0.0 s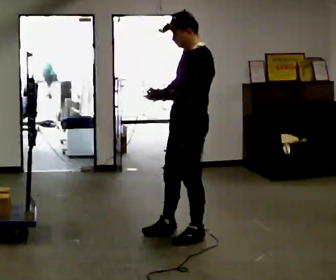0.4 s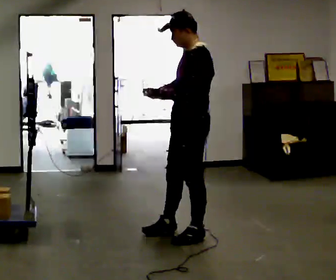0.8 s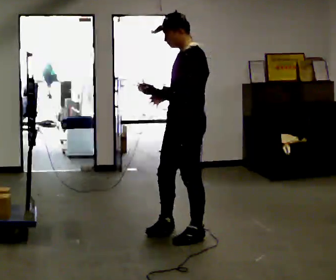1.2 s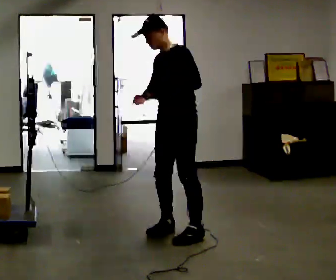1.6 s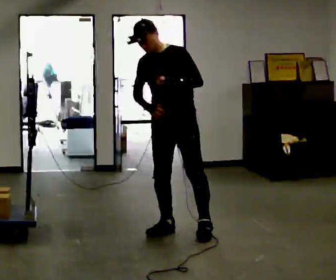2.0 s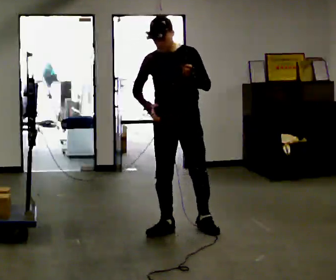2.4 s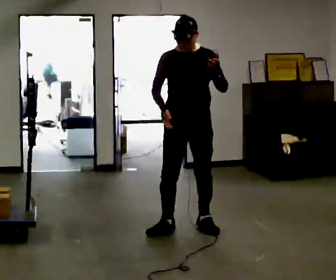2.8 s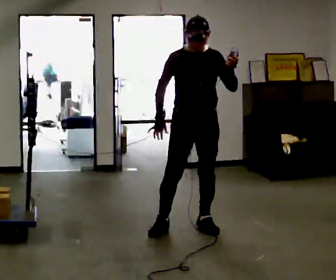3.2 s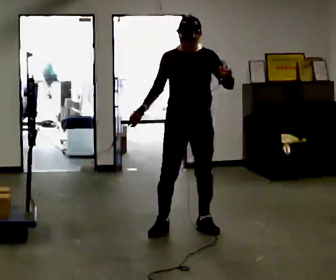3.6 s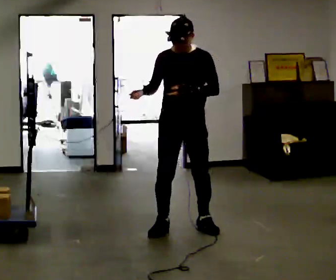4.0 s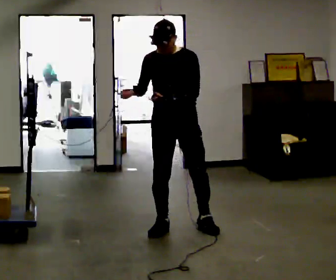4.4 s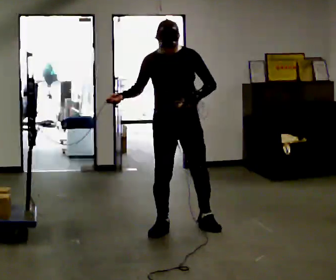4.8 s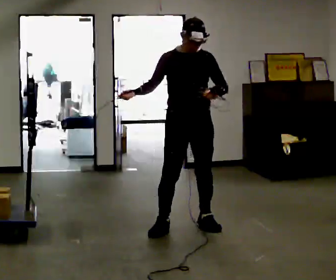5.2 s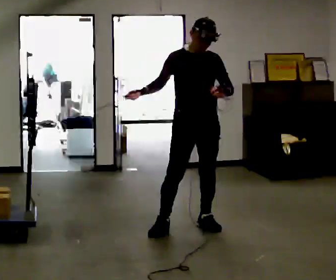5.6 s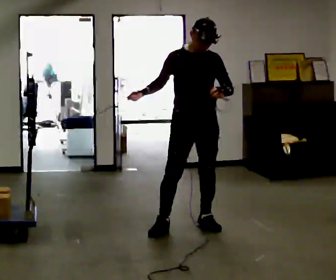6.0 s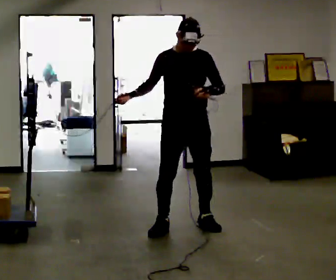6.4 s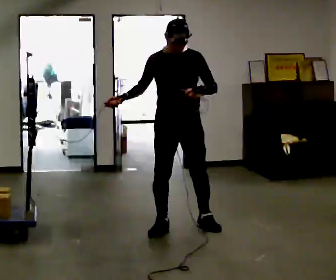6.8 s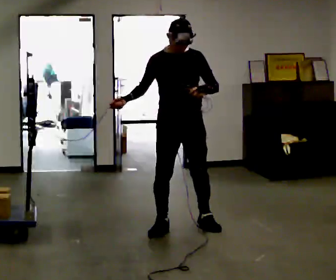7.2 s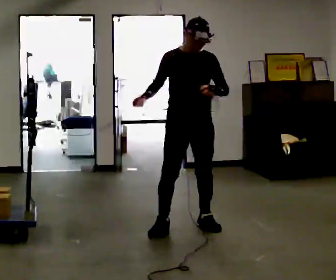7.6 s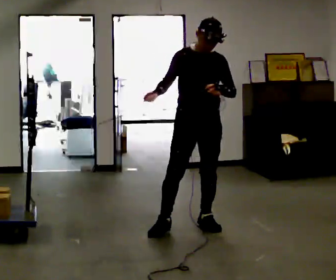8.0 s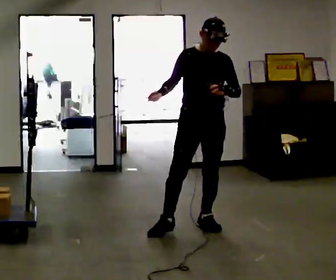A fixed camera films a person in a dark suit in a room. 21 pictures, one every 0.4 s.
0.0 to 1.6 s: The person turns about 60 degrees to their left, counterclockwise seen from above, so the part of the body nearest the lens slides to the right. In the picture they go away from the camera, about 0.25 m, which for them is to their right. In the picture the upper body tilts counterclockwise, shoulders to the left.
1.6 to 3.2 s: Seen from above the body turns counterclockwise, about 30 degrees: to their left, with its near side sliding to the right. In the picture the upper body tilts clockwise, shoulders to the right.
3.2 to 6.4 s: The person moves a little, or ends about where they began.
6.4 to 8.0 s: In the picture they go to the right, about 0.25 m, which for them is to their left.
The film runs forward here.
